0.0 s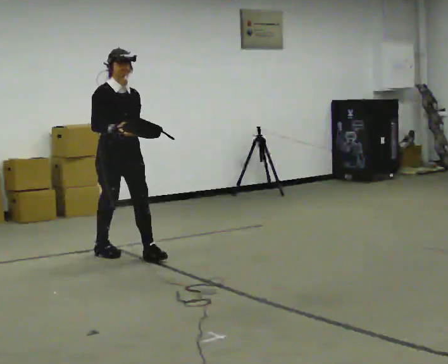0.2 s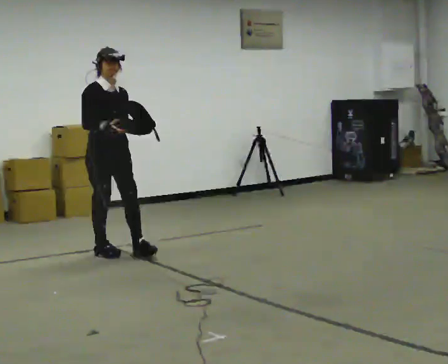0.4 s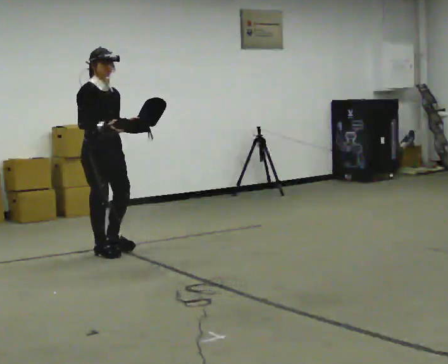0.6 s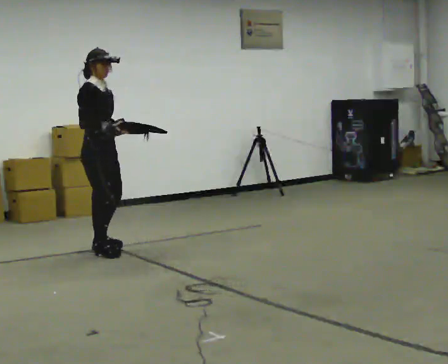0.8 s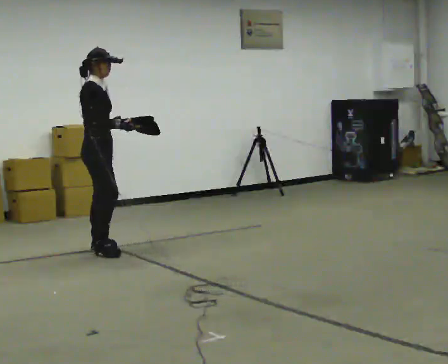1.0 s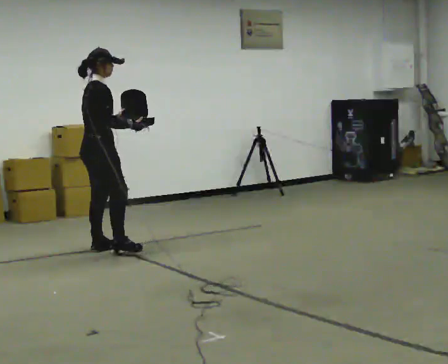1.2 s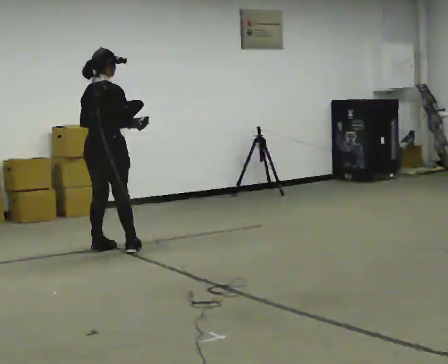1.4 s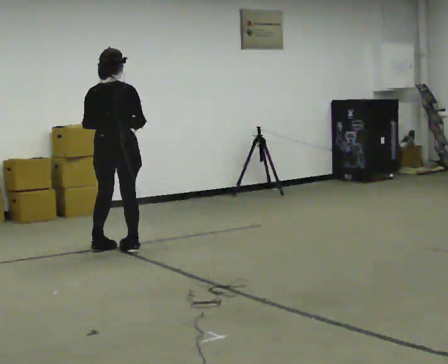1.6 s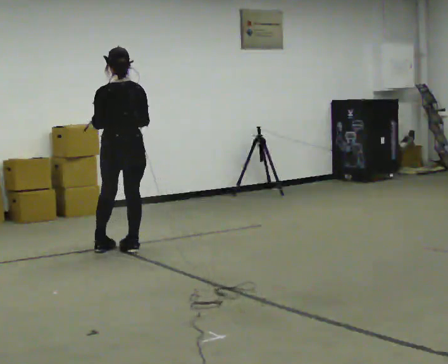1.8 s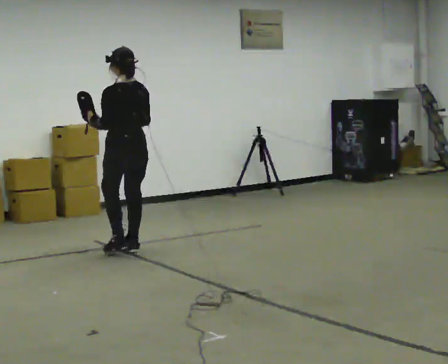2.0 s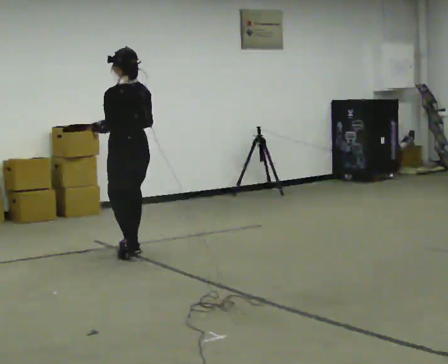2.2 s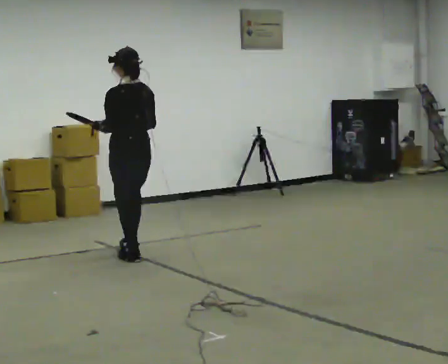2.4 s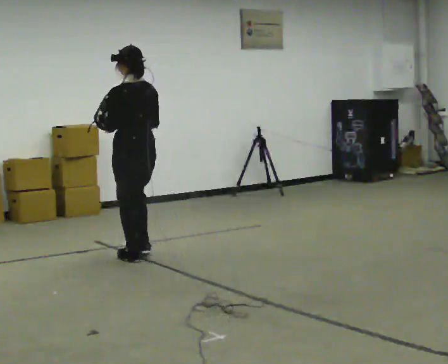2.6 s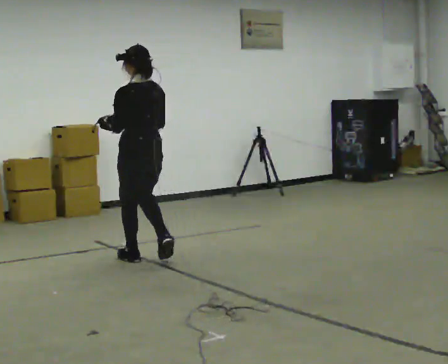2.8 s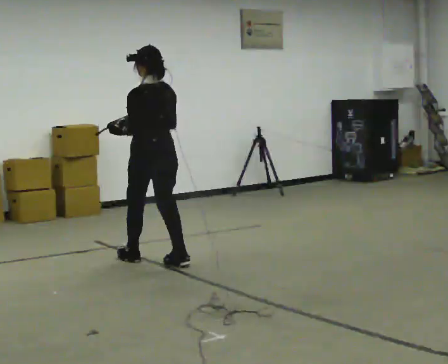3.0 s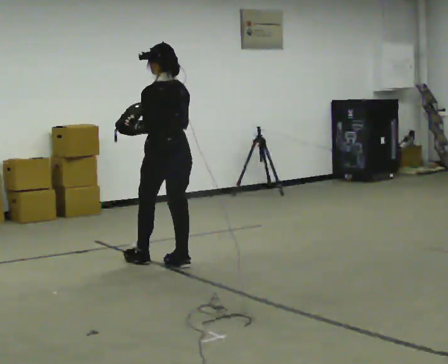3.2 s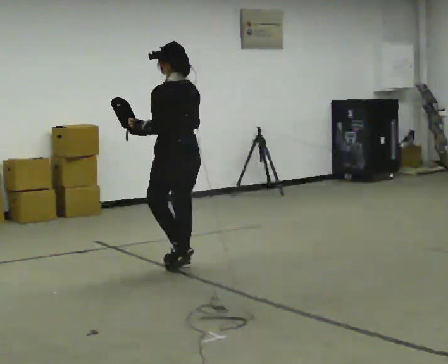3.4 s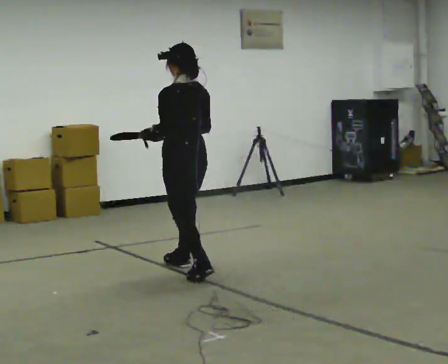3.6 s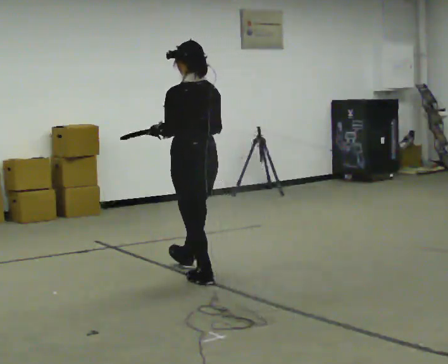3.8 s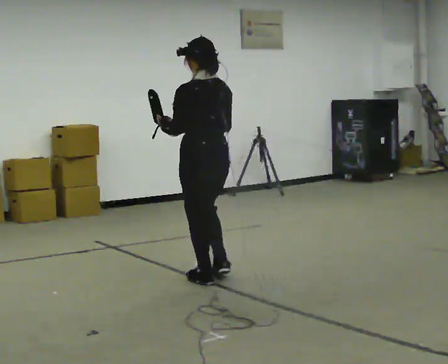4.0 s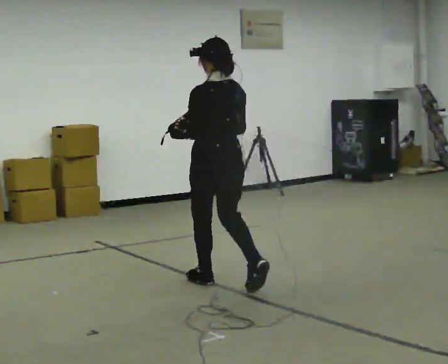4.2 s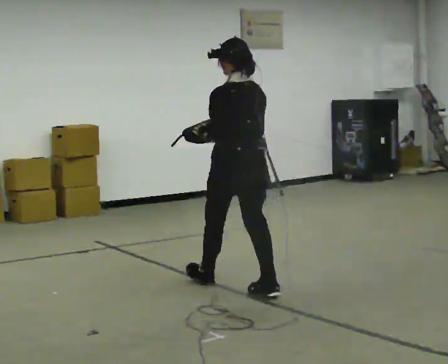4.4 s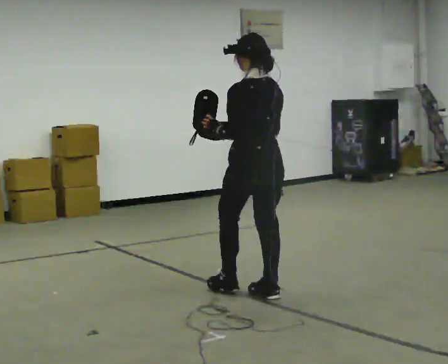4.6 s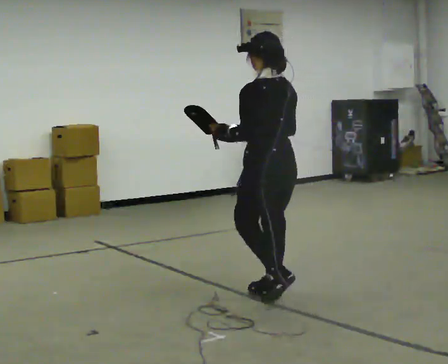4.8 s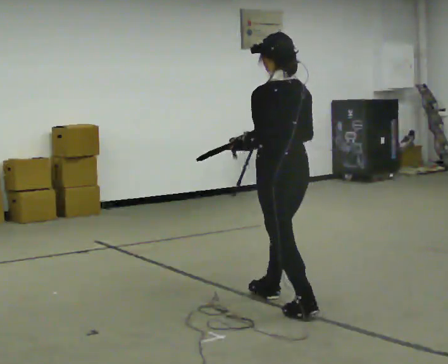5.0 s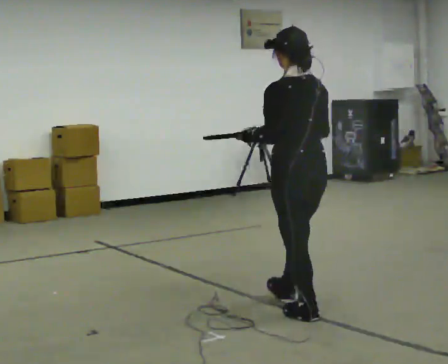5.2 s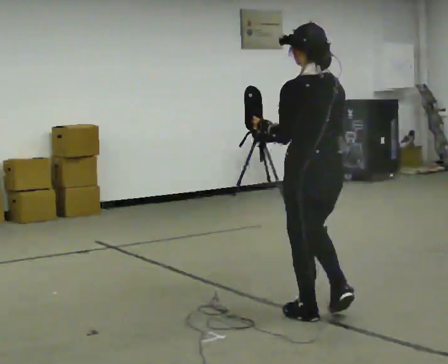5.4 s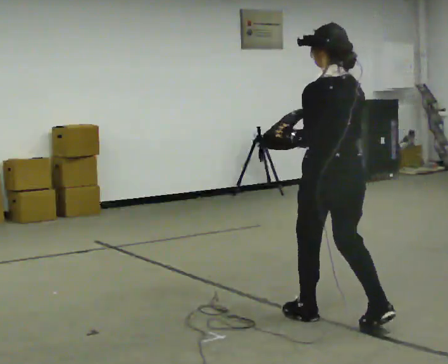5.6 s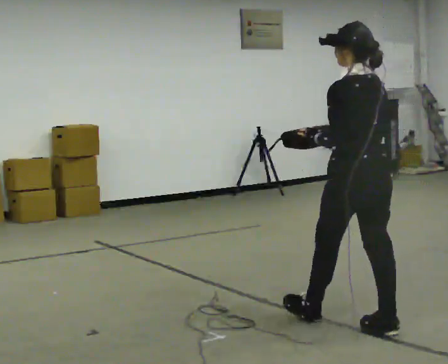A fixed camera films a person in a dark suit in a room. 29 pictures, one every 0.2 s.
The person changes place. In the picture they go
toward the camera.
0.0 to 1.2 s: The part of the body nearest the lens slides to the right as the person turns to their left by about 90 degrees. In the picture they go away from the camera and to the left, about 0.25 m in 2 steps.
1.2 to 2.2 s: The person turns about 90 degrees to their left, counterclockwise seen from above, so the part of the body nearest the lens slides to the right. In the picture they go to the right and toward the camera, about 0.25 m in 1 step.
2.2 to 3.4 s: In the picture they go toward the camera and to the right, about 0.75 m in 2 steps, which for them is backward.
3.4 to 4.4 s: In the picture they go toward the camera and to the right, about 1 m in 2 steps, which for them is backward.
4.4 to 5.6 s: In the picture they go toward the camera and to the right, about 1 m in 2 steps, which for them is backward.
The film runs backward here.
